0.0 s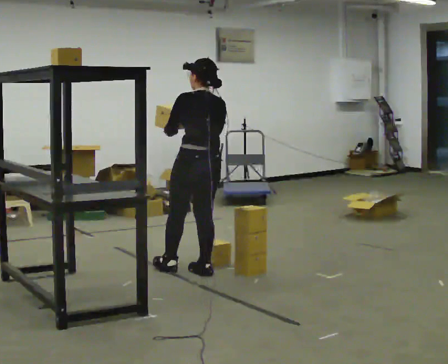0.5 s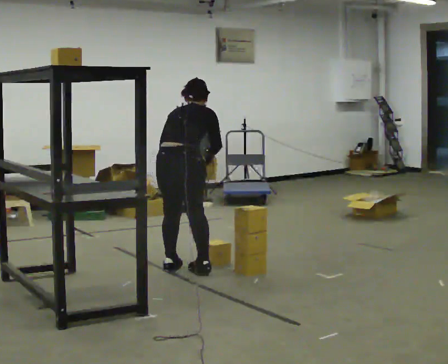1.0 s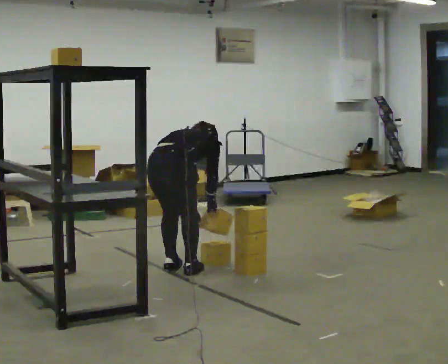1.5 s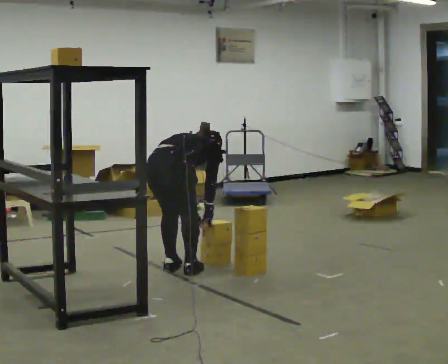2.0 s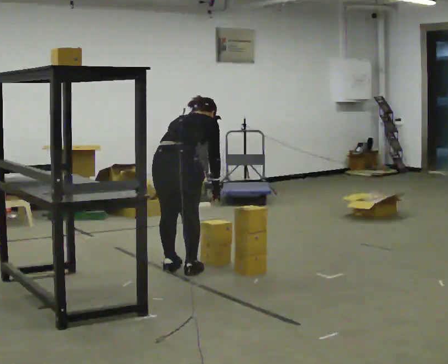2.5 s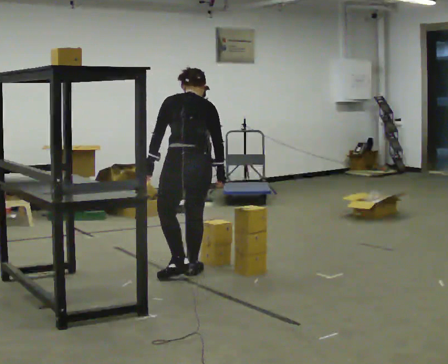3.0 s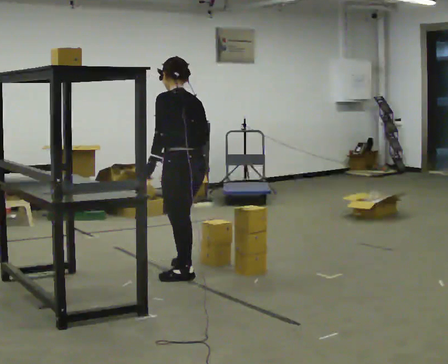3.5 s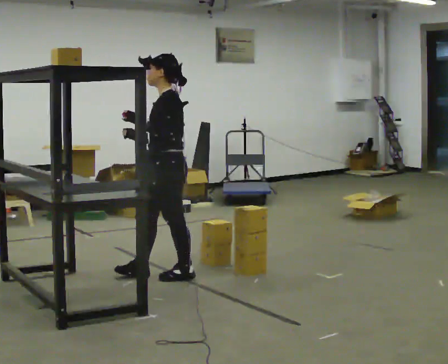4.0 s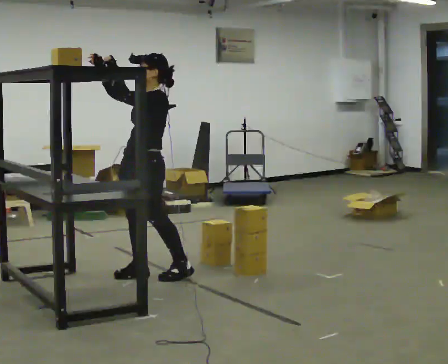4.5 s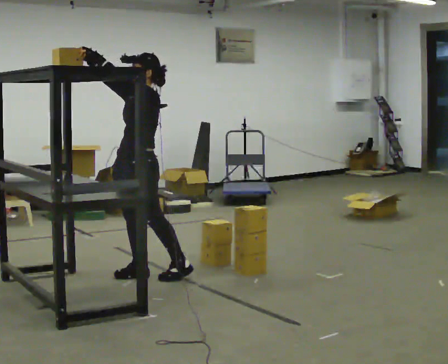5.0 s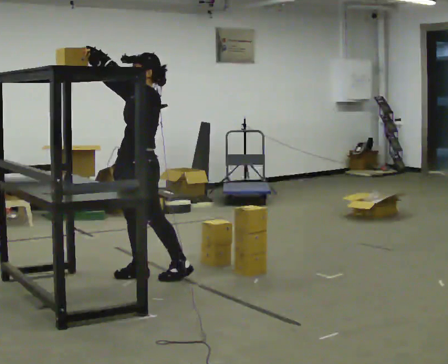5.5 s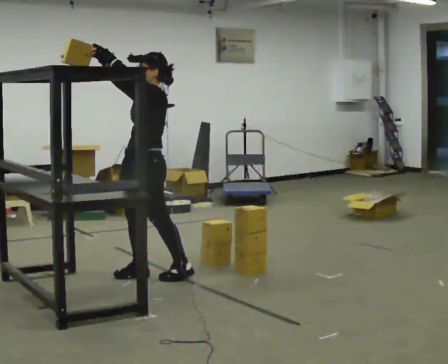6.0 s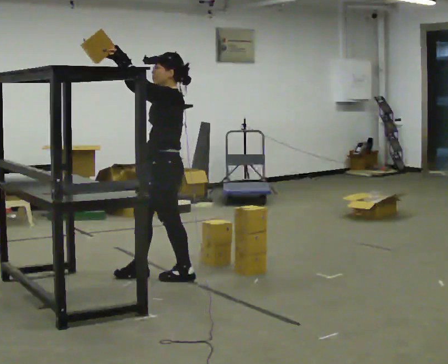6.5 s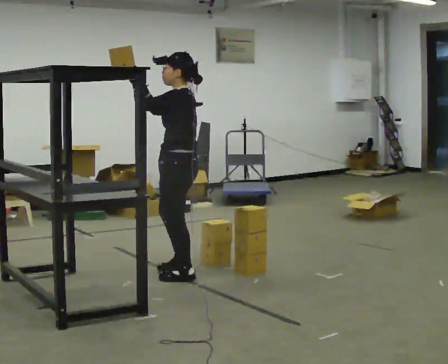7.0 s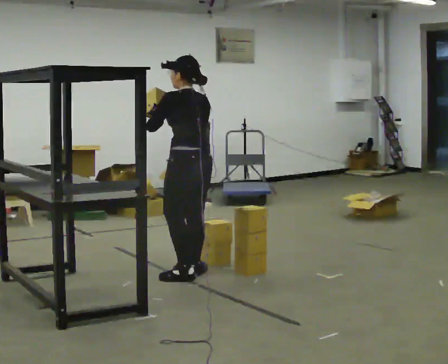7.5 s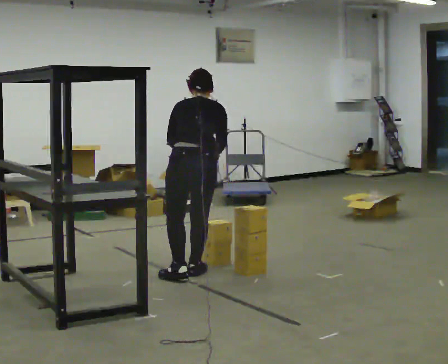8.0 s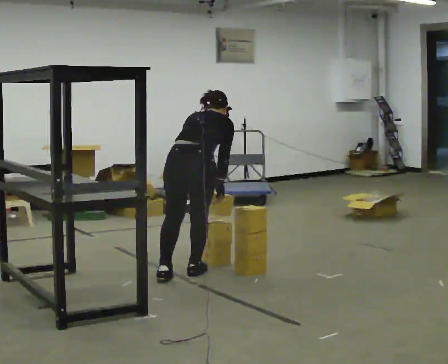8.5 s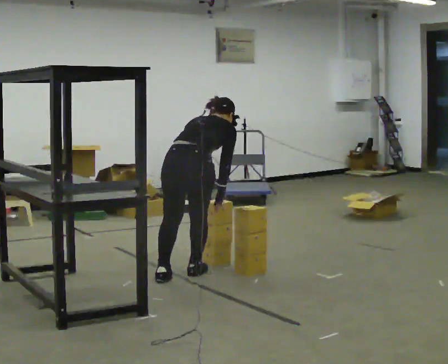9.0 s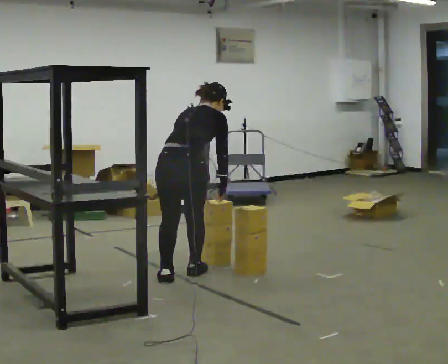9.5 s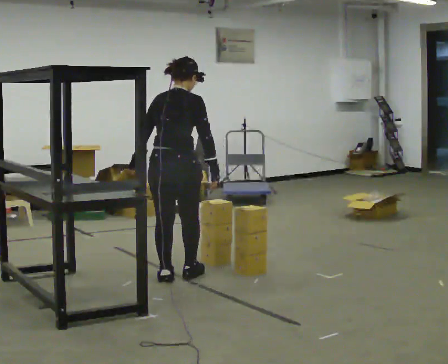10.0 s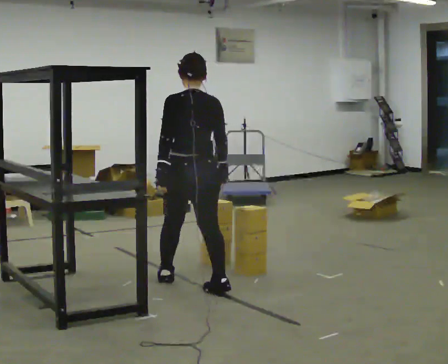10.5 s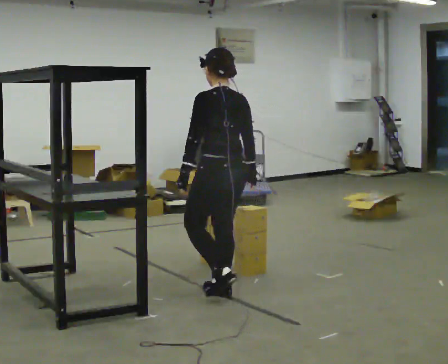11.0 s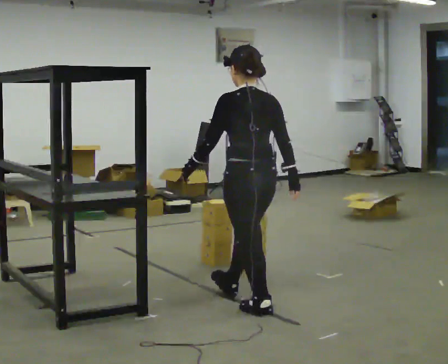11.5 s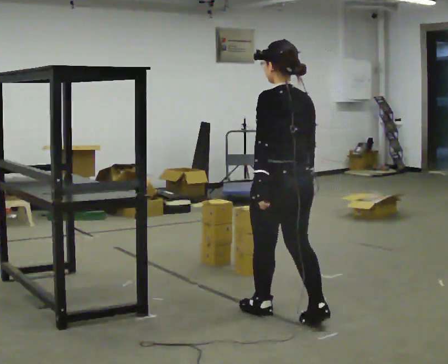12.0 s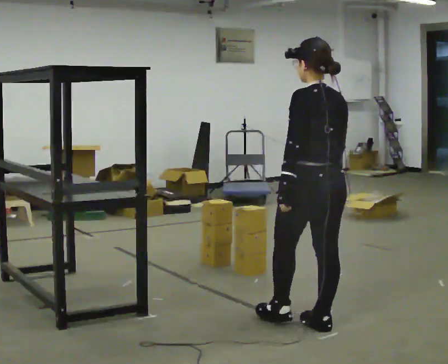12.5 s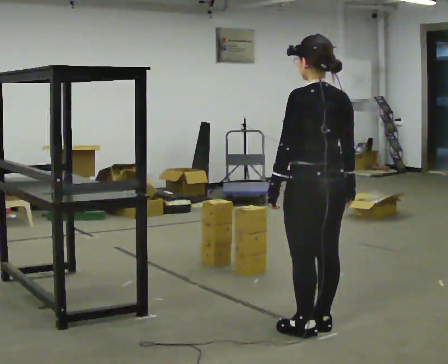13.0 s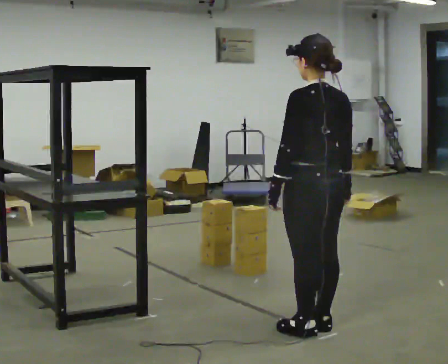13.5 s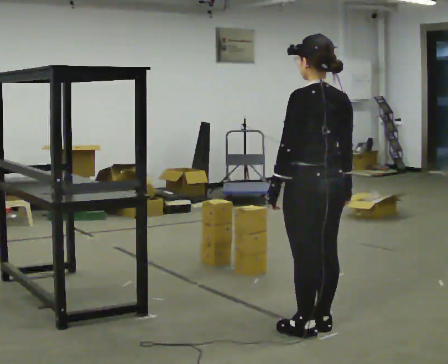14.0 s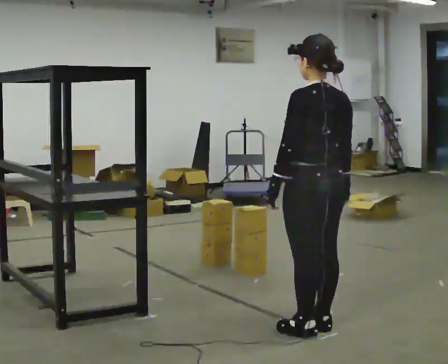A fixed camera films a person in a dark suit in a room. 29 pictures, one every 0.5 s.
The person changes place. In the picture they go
toward the camera.
0.0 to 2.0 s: Seen from above the body turns clockwise, about 45 degrees: to their right, with its near side sliding to the left. In the picture they go to the left, about 0.25 m. In the picture their right hand goes downward.
2.0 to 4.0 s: The part of the body nearest the lens slides to the right as the person turns to their left by about 135 degrees. In the picture they go to the left, about 0.25 m in 2 steps. The upper body goes upward. The upper body tips toward the camera, its near side rolling downward, as they lean back or straighten. In the picture their right hand goes upward and to the left.
4.0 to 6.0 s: The person moves a little, or ends about where they began.
6.0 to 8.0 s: Seen from above the body turns clockwise, about 120 degrees: to their right, with its near side sliding to the left. In the picture they go to the right, about 0.25 m in 2 steps. The shoulders move downward. The upper body tips away from the camera, its near side rolling upward, as they bend forward. In the picture their right hand goes downward and to the right.
8.0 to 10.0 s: Seen from above the body turns counterclockwise, about 30 degrees: to their left, with its near side sliding to the right. In the picture they go toward the camera, about 0.25 m in 1 step, which for them is backward. The upper body tips toward the camera, its near side rolling downward, as they lean back or straighten.
10.0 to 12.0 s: In the picture they go toward the camera and to the right, about 1 m in 3 steps, which for them is backward.
12.0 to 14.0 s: The person moves a little, or ends about where they began.
The film runs backward here.
